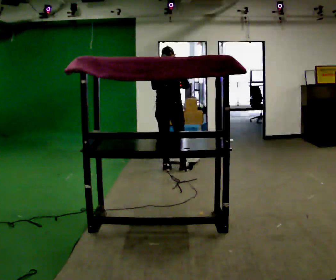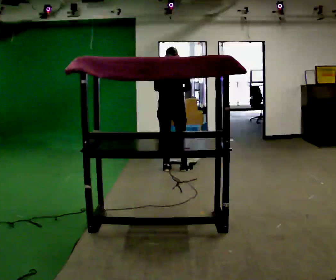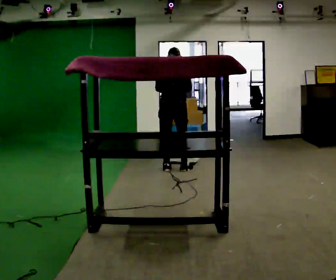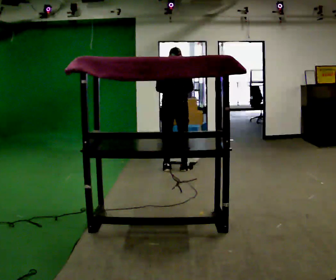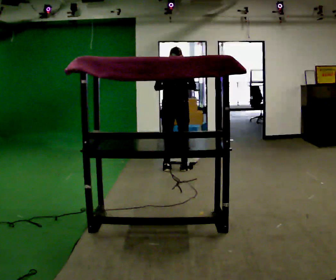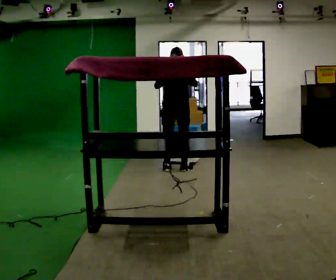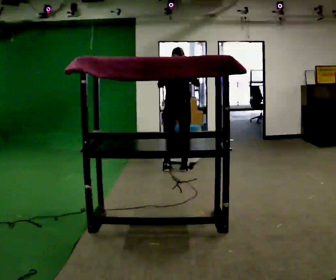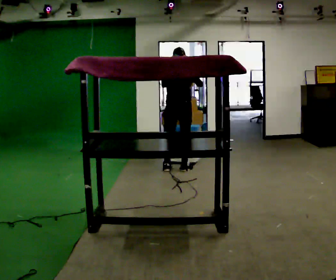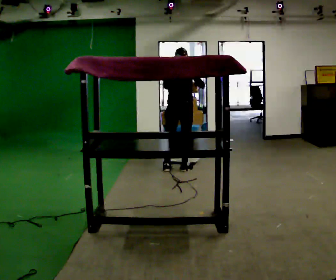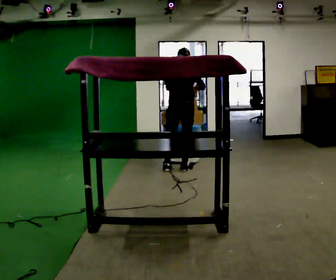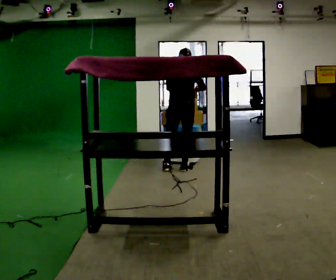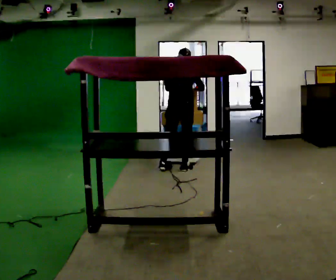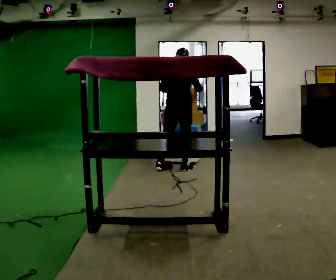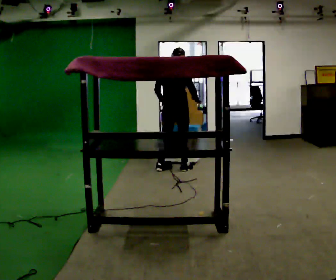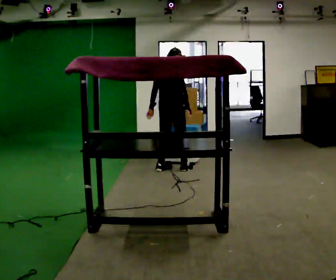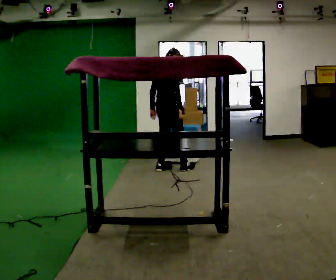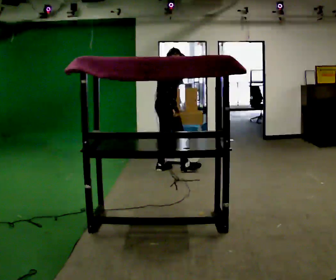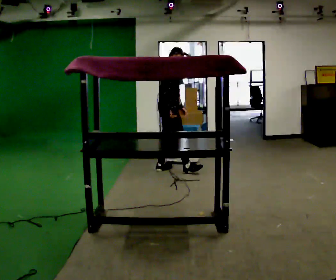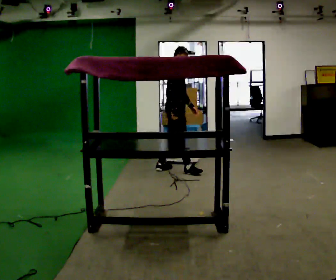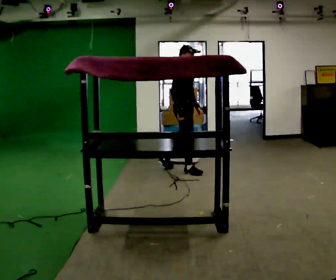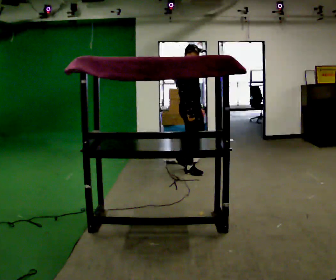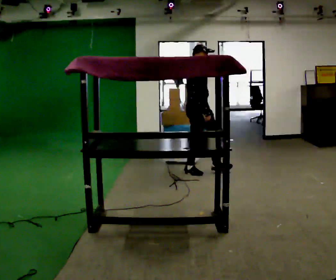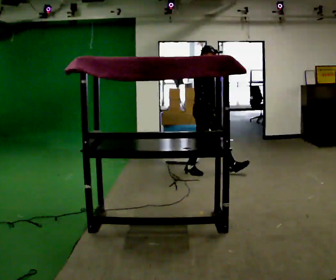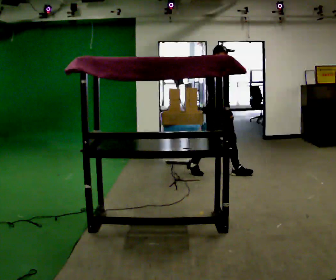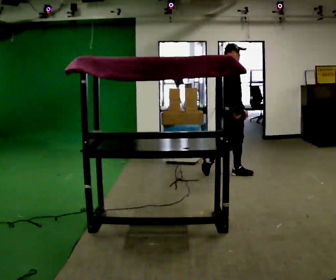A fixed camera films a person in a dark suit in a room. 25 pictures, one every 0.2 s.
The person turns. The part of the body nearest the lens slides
to the left.
The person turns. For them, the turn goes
to their right.
0.0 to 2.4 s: The person moves a little, or ends about where they began.
2.4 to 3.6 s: Seen from above the body turns clockwise, about 75 degrees: to their right, with its near side sliding to the left. In the picture their right hand goes to the left, the arm swinging clockwise.
3.6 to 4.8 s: In the picture they go to the right, about 1 m in 1 step, which for them is forward.
The film runs forward here.
